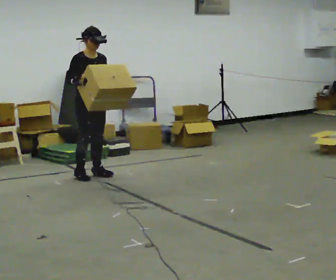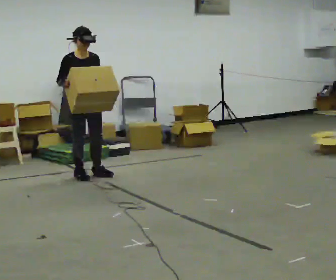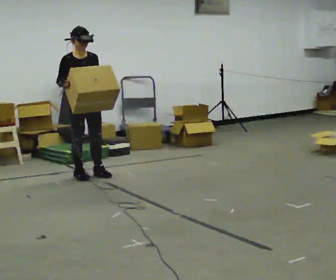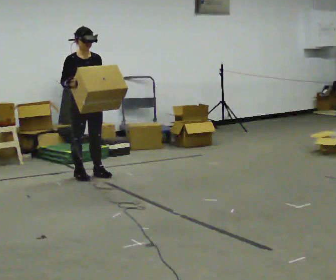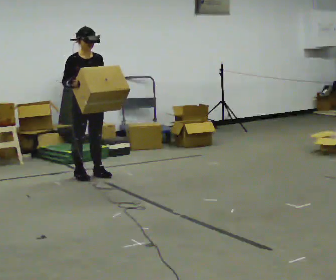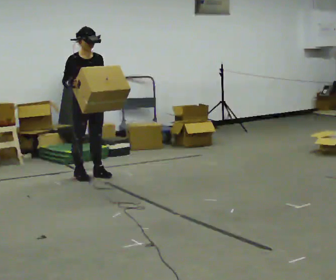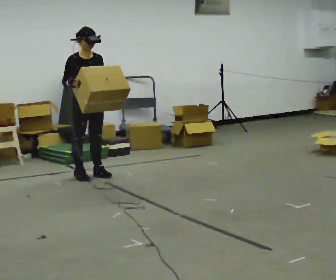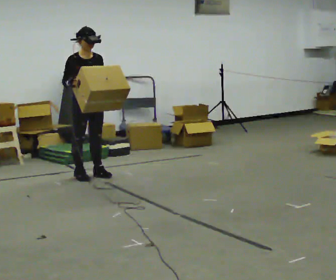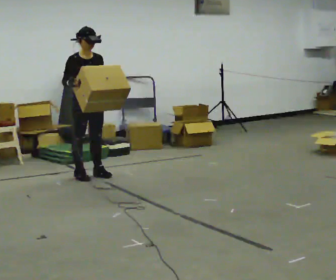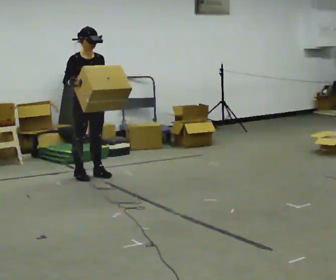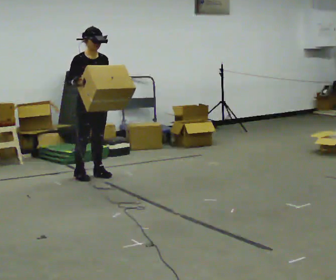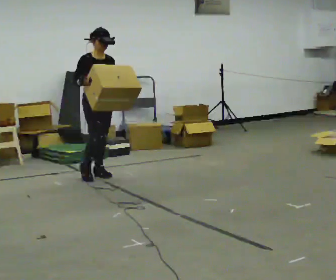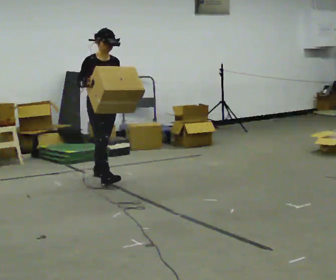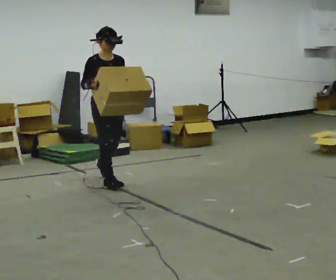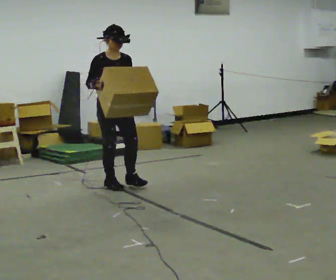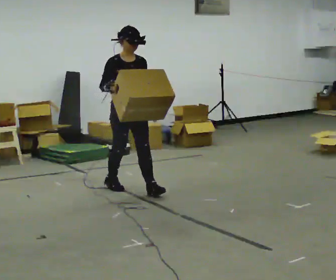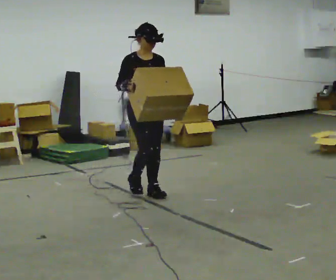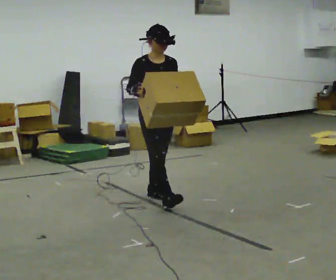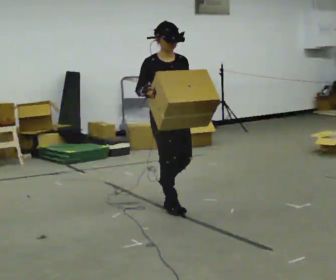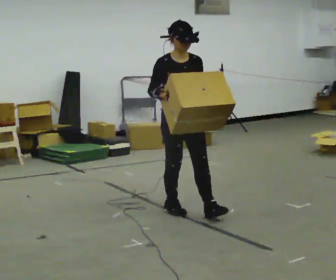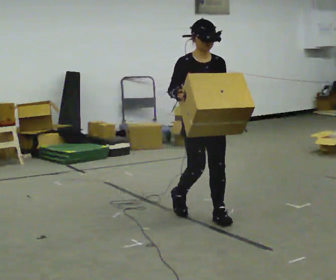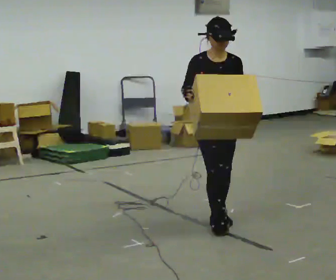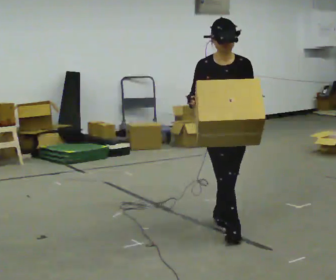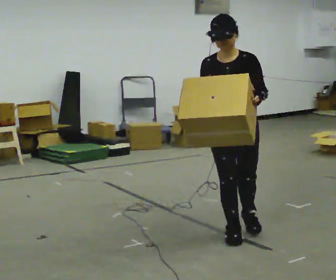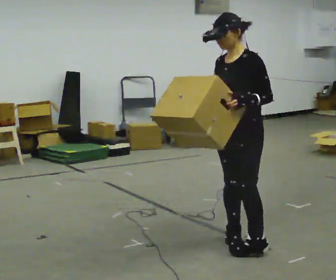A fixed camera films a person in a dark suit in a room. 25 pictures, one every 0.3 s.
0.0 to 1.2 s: The person moves a little, or ends about where they began.
1.2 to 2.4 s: The person keeps their place and pose.
2.4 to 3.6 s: In the picture they go to the right, about 0.25 m, which for them is forward.
3.6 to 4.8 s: In the picture they go toward the camera and to the right, about 1 m in 2 steps, which for them is forward.
4.8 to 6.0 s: In the picture they go toward the camera and to the right, about 1 m in 2 steps, which for them is forward.
6.0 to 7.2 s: The person turns about 75 degrees to their right, clockwise seen from above, so the part of the body nearest the lens slides to the left. In the picture they go toward the camera, about 0.75 m in 1 step.
The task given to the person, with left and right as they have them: Carry the medium box in both hands in front of you, walking back and forth across the room. Keep walking until the operator says stop.
The film runs forward here.
